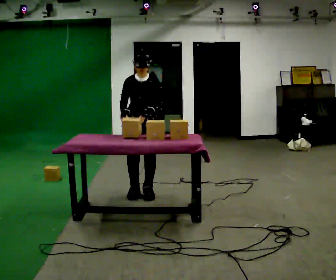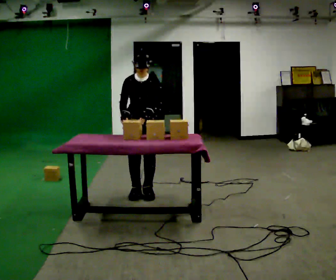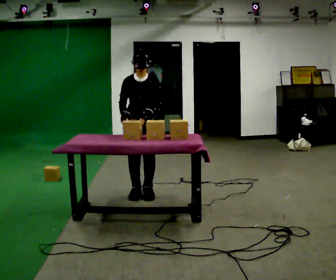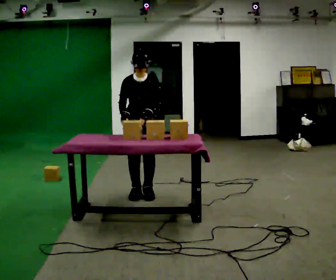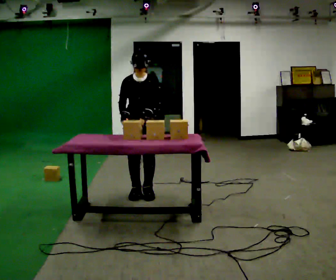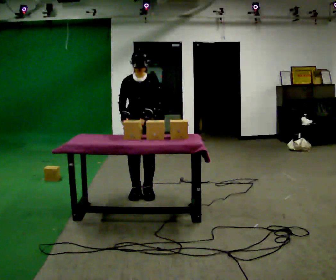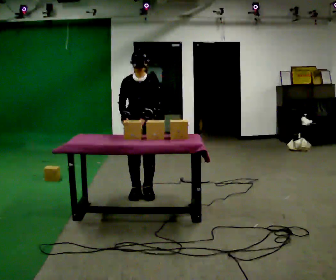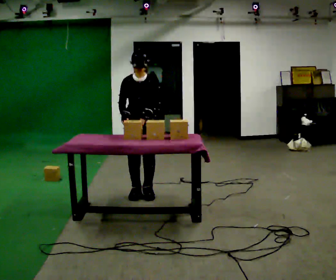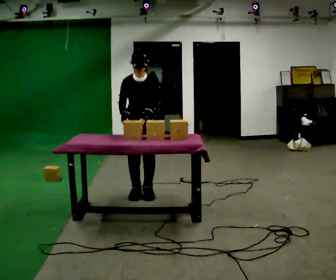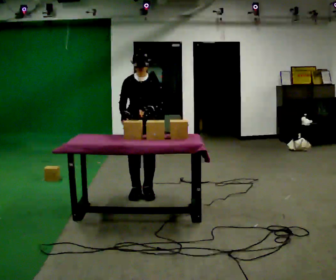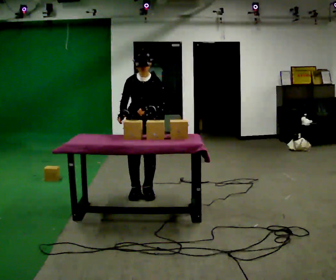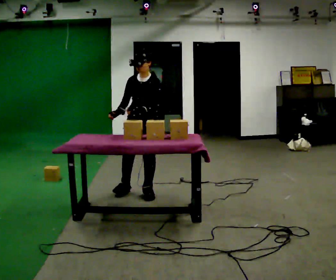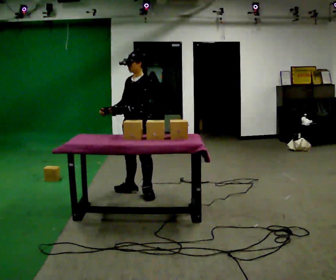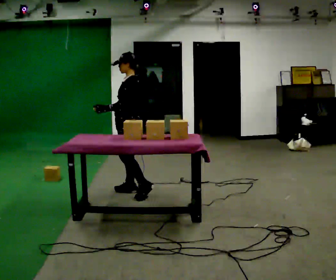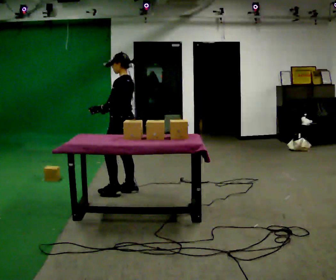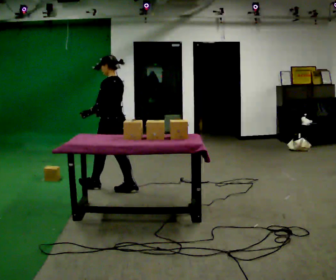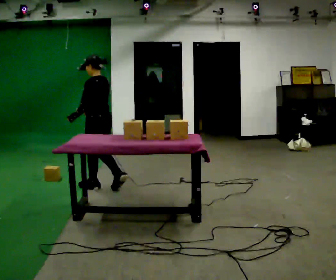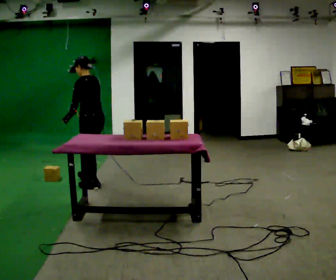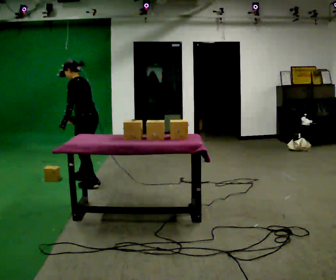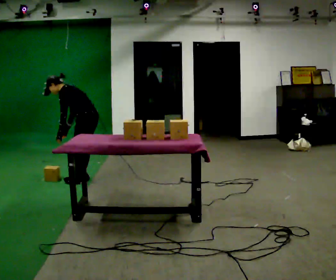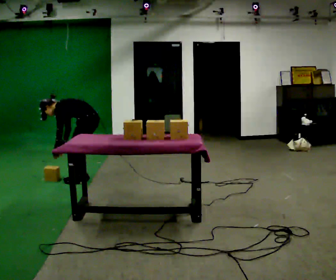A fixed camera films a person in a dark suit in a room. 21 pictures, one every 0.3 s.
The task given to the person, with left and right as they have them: Carry the object over and line it up with the mark on the surface as accurately as you can. Keep going until the operator says stop; one object at a time, and do not rush between trips.
0.0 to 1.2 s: The person moves a little, or ends about where they began.
1.2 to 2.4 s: The person keeps their place and pose.
2.4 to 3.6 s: The part of the body nearest the lens slides to the left as the person turns to their right by about 45 degrees.
3.6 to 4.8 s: Seen from above the body turns clockwise, about 75 degrees: to their right, with its near side sliding to the left. In the picture they go to the left and away from the camera, about 0.5 m in 1 step.
4.8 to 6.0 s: Seen from above the body turns counterclockwise, about 30 degrees: to their left, with its near side sliding to the right. In the picture they go away from the camera and to the left, about 0.25 m in 2 steps, which for them is forward and to their right. The shoulders move downward. In the picture the upper body tilts counterclockwise, shoulders to the left, as they bend forward. In the picture their left hand goes downward.
The film runs forward here.
